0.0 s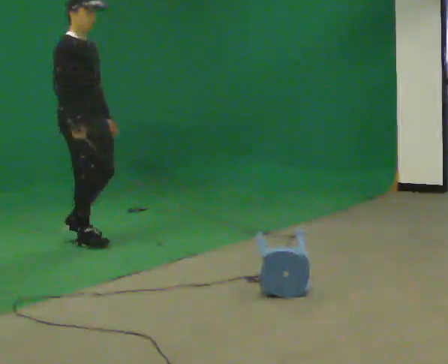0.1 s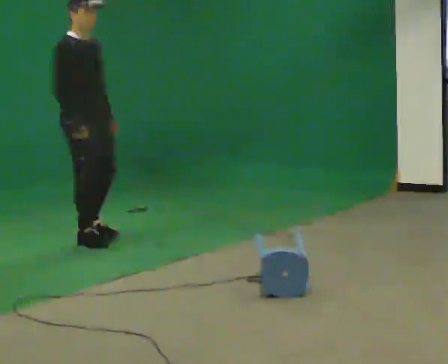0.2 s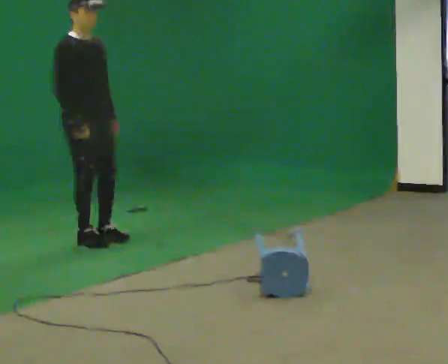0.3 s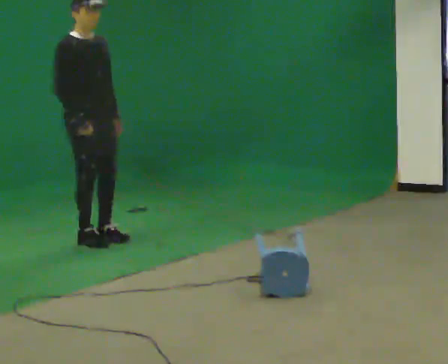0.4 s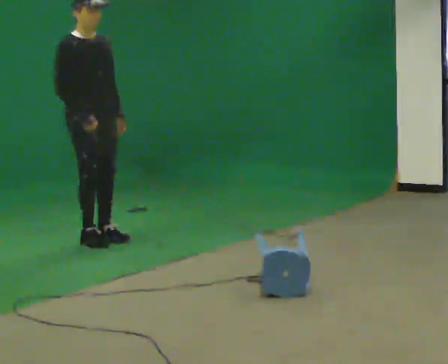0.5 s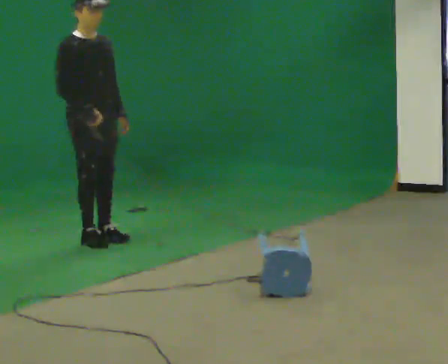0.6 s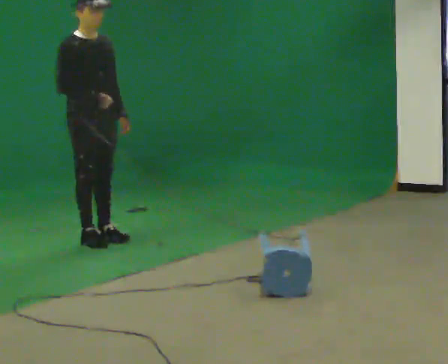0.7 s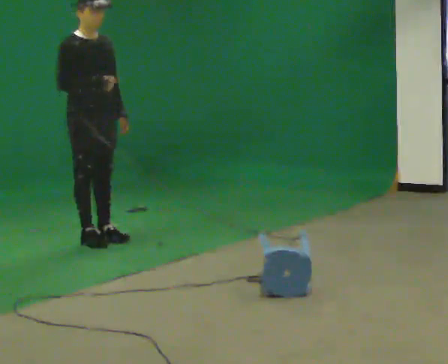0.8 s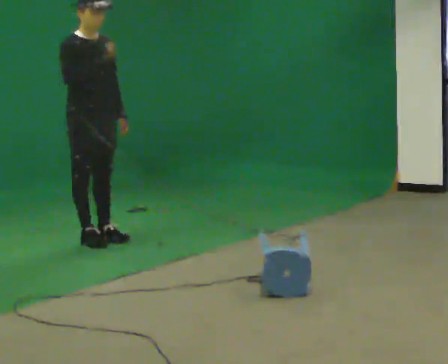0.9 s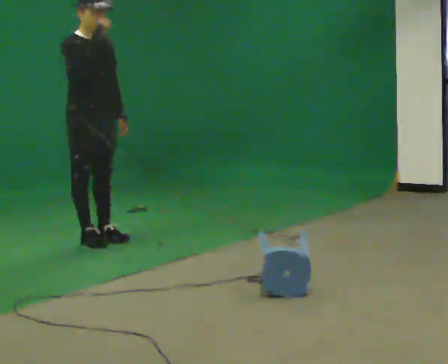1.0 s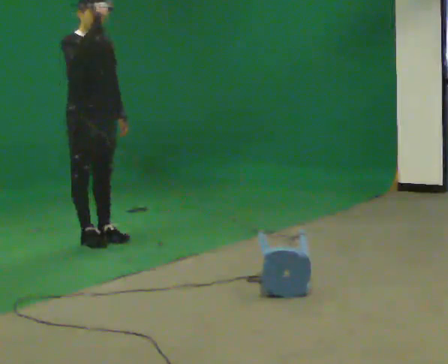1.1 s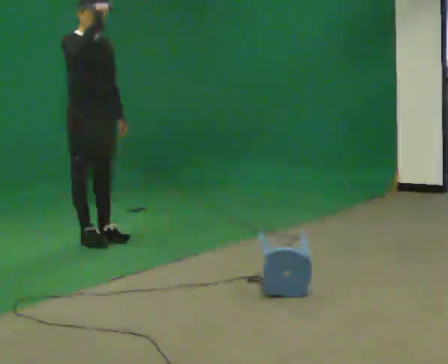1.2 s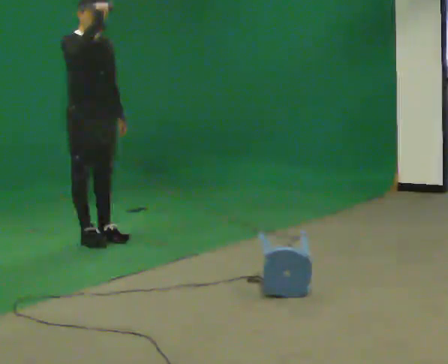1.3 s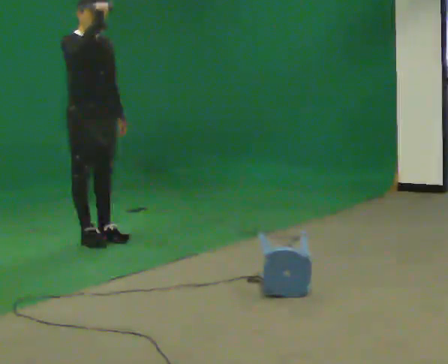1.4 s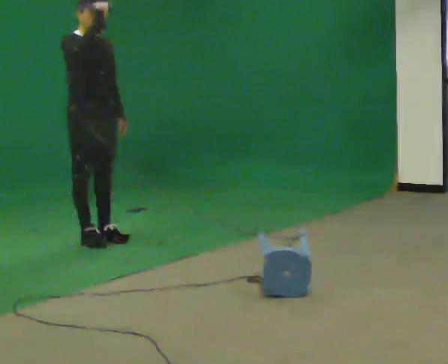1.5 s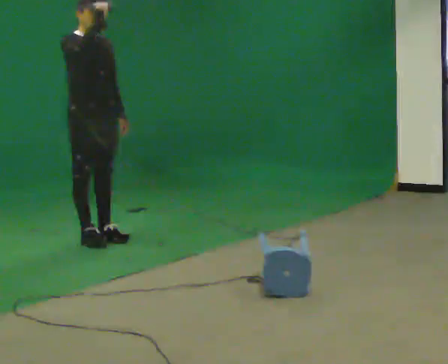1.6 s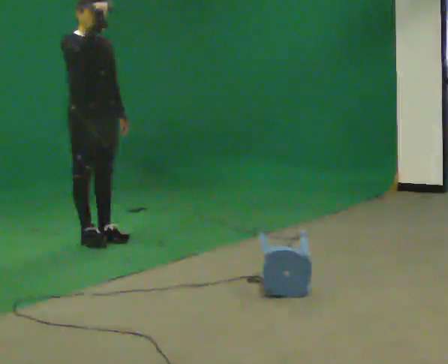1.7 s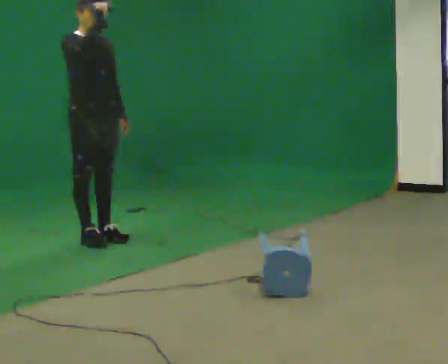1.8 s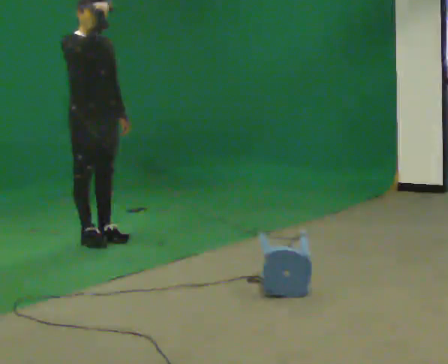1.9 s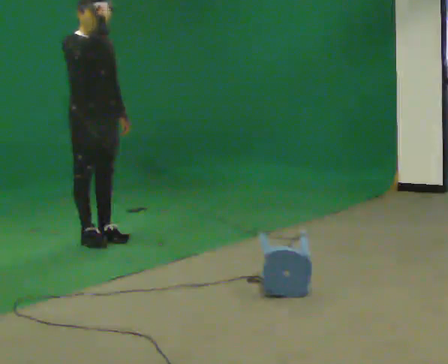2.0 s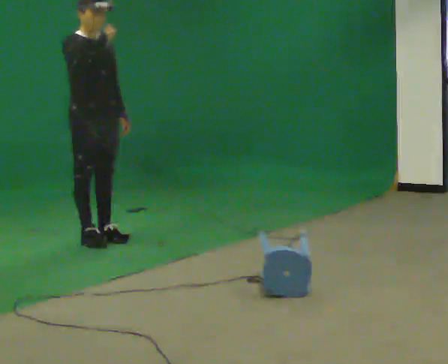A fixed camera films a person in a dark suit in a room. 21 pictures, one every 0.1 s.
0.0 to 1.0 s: In the picture their right hand goes upward.
1.0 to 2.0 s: The person moves a little, or ends about where they began.
The film runs forward here.
